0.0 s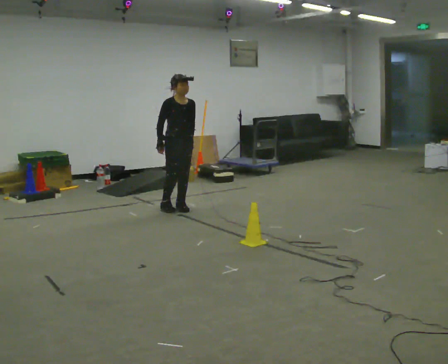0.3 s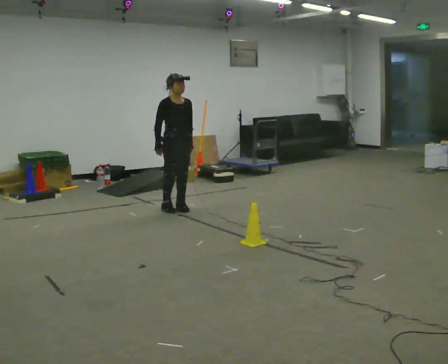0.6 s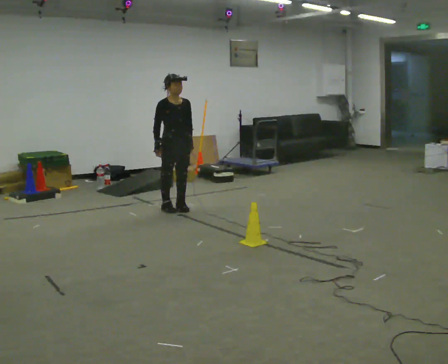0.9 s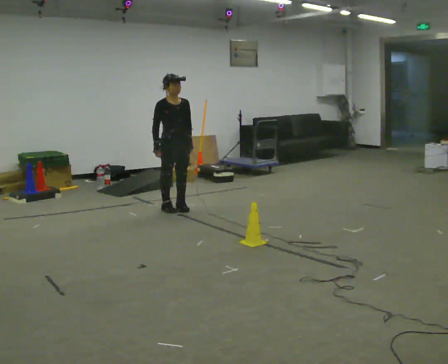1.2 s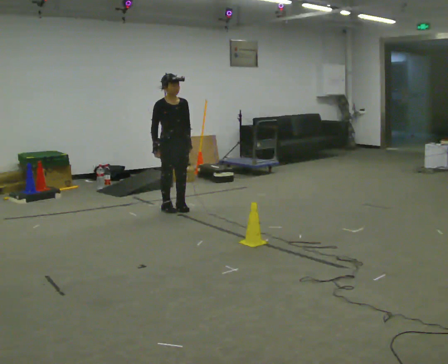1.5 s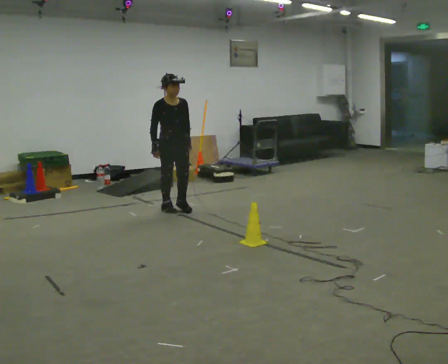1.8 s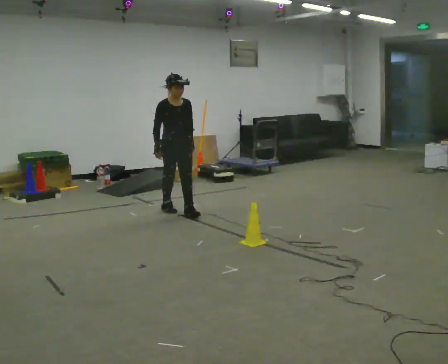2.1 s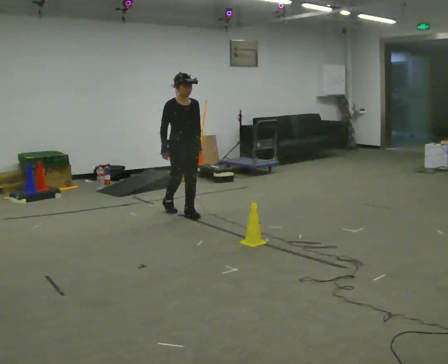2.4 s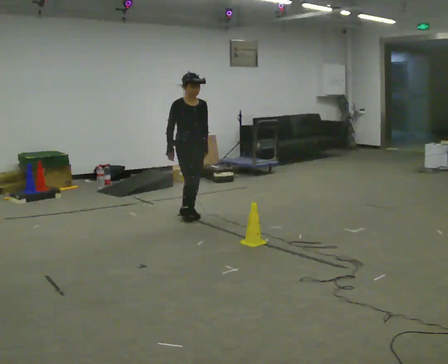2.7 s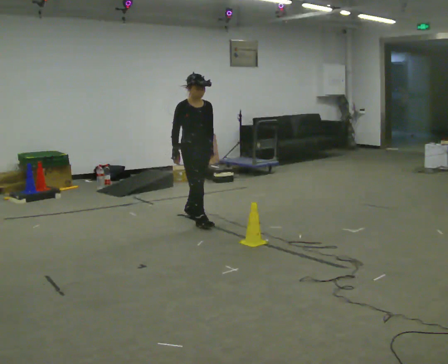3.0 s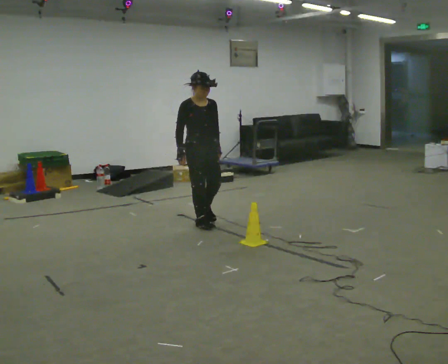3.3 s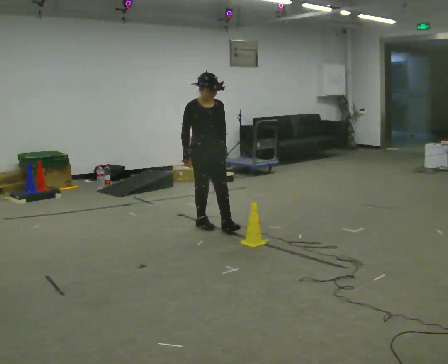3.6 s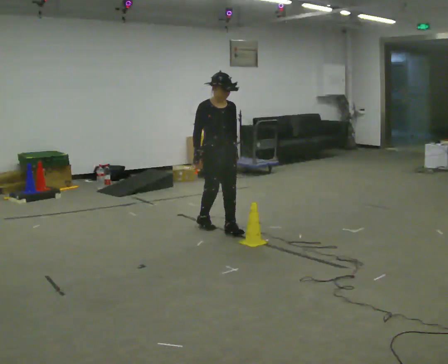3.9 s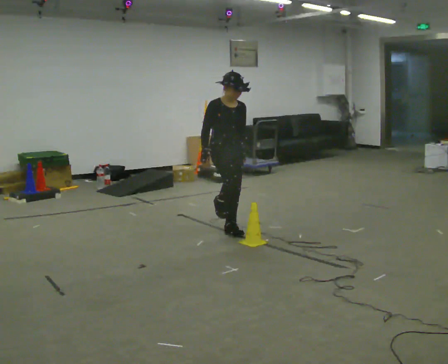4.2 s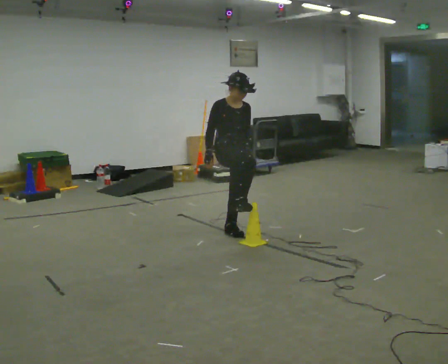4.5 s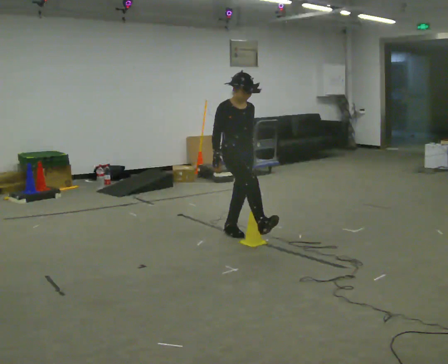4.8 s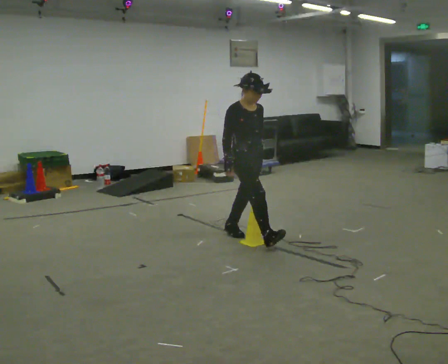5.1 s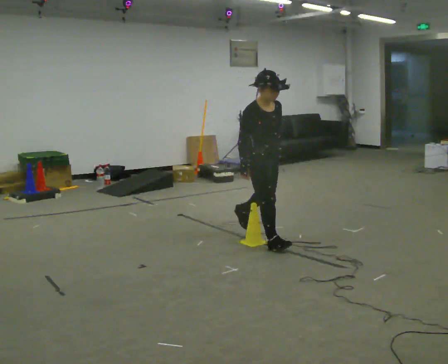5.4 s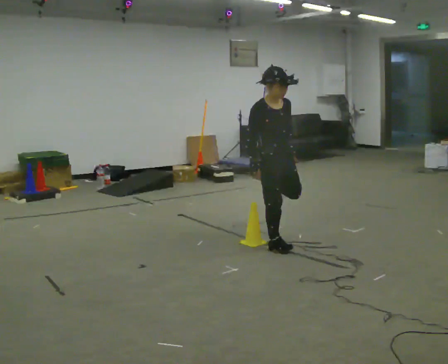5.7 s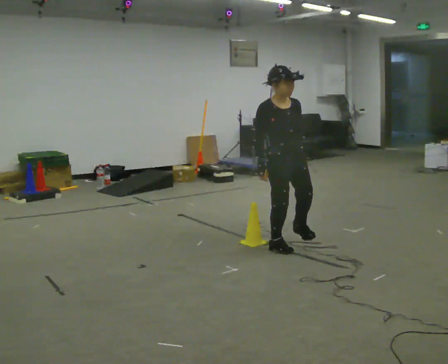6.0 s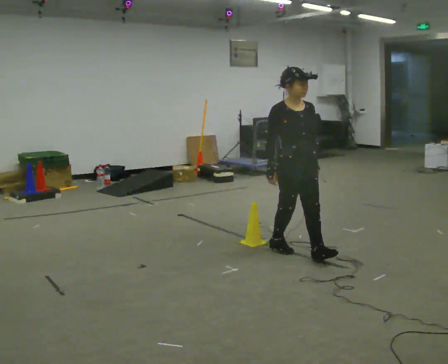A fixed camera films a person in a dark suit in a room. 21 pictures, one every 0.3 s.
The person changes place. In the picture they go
toward the camera.
0.0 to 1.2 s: The person moves a little, or ends about where they began.
1.2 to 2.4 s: In the picture they go toward the camera and to the right, about 0.25 m in 1 step, which for them is forward.
2.4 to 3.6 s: In the picture they go toward the camera and to the right, about 0.5 m in 2 steps, which for them is forward.
3.6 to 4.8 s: In the picture they go toward the camera and to the right, about 0.5 m in 1 step, which for them is forward.
4.8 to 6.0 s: In the picture they go toward the camera and to the right, about 0.5 m in 1 step, which for them is forward.
The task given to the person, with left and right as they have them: Walk across the room at a normal pace, looking ahead. Something may appear in your way. Deal with it however comes naturally and carry on.
The film runs forward here.
